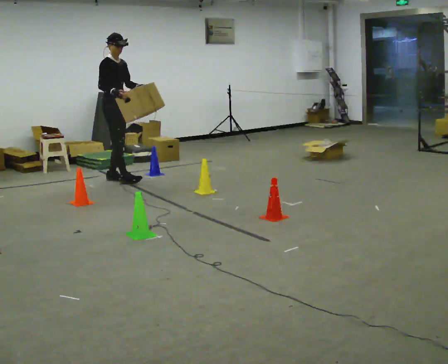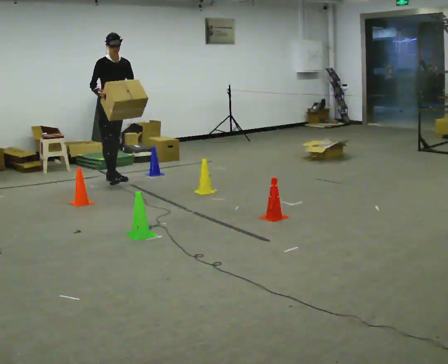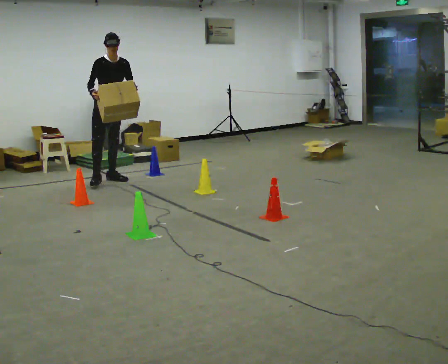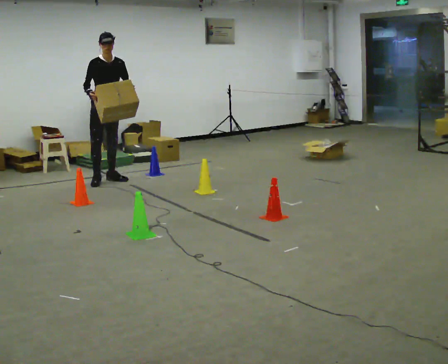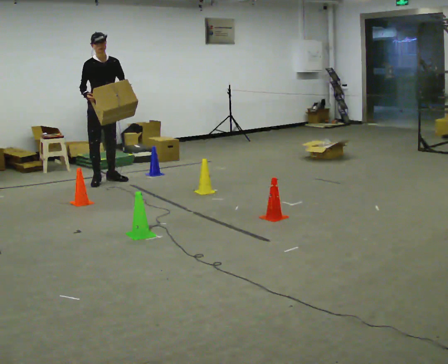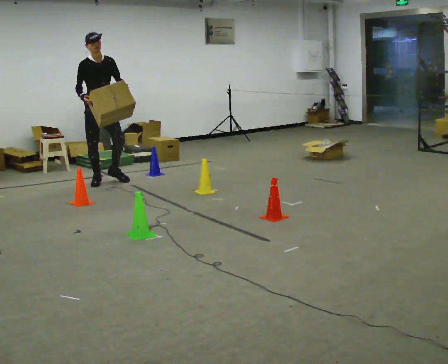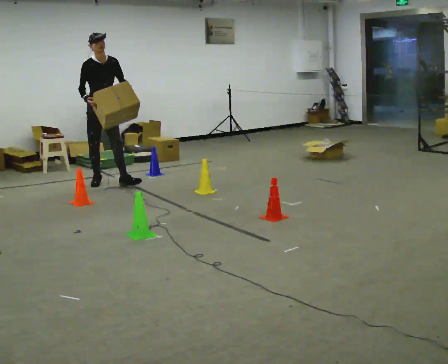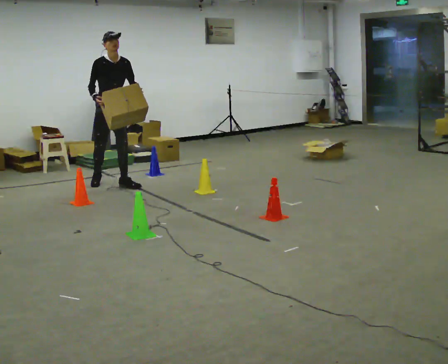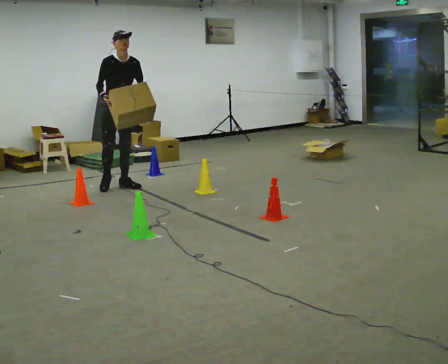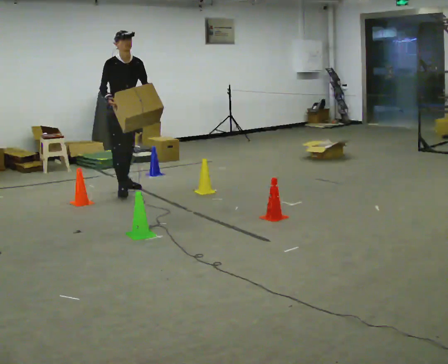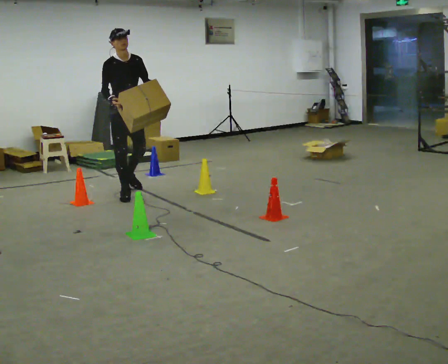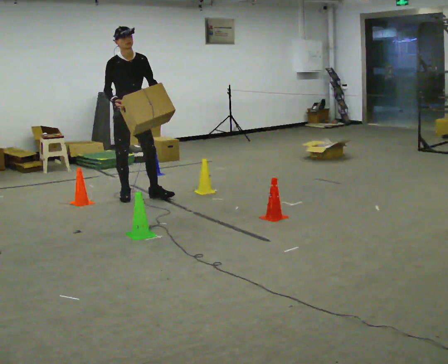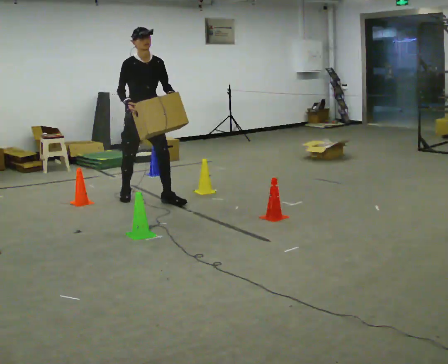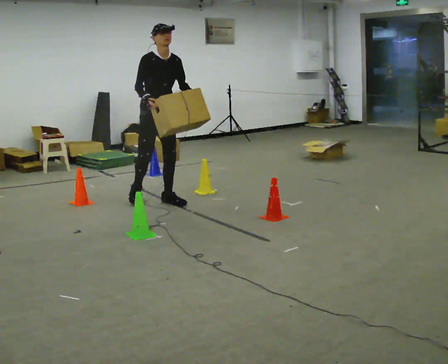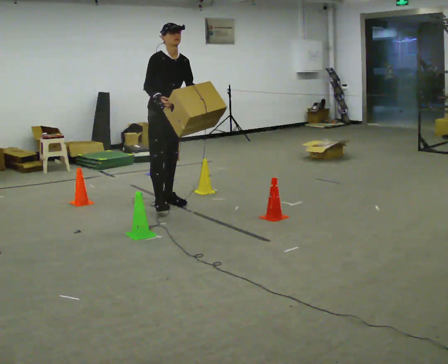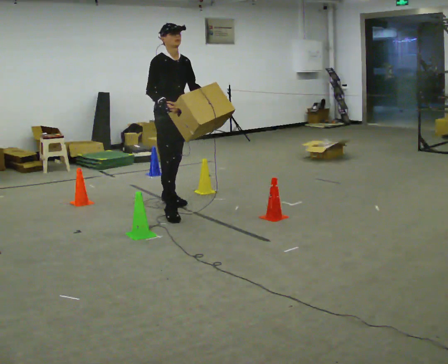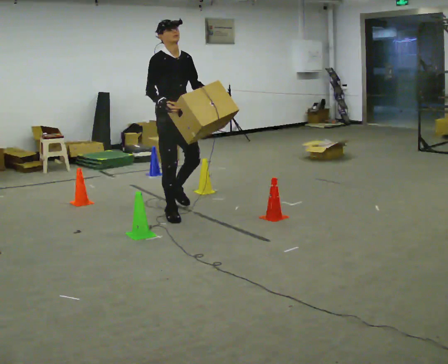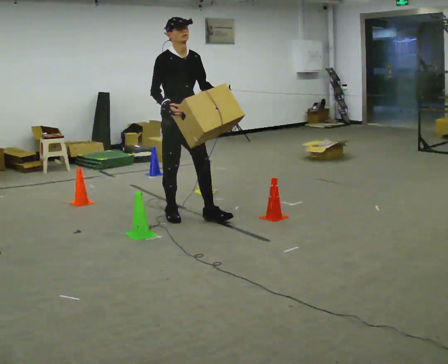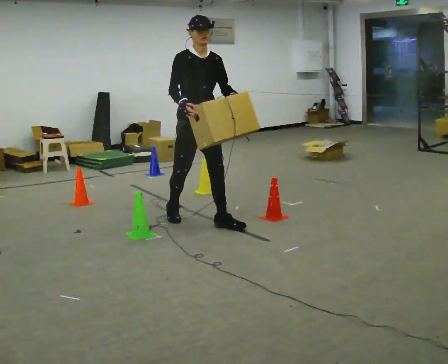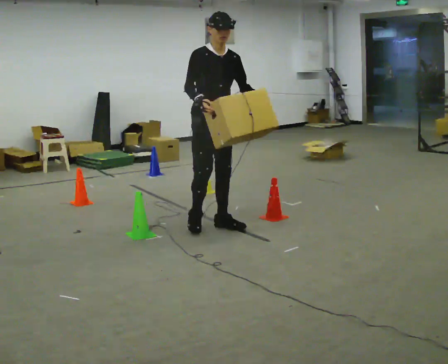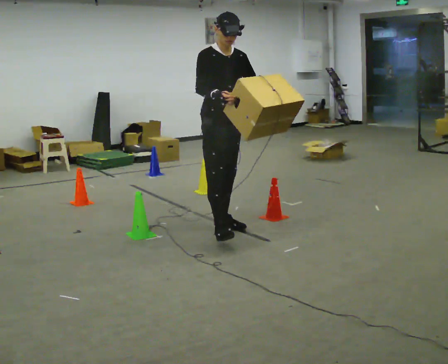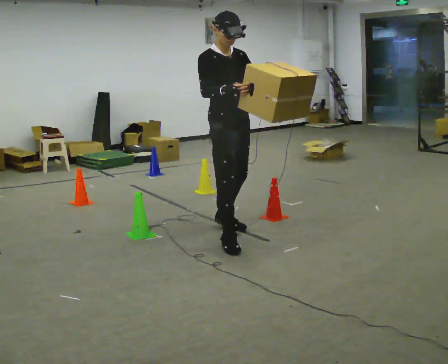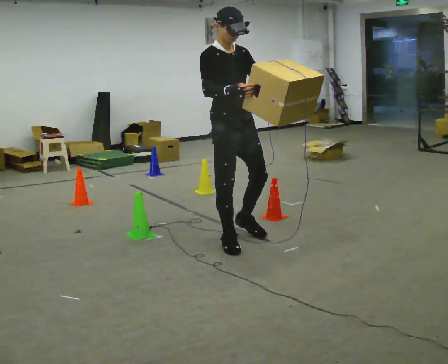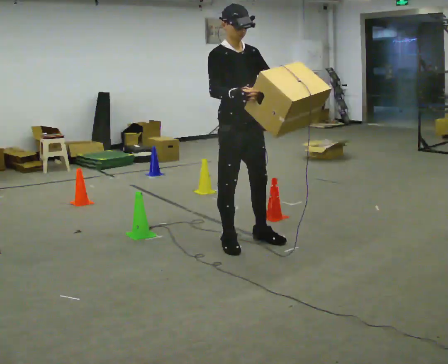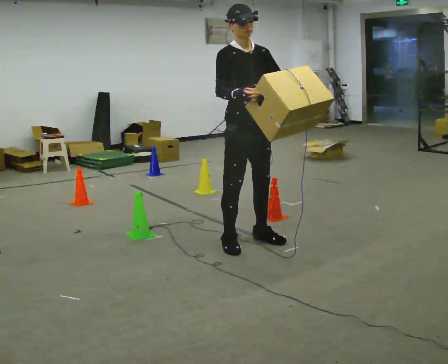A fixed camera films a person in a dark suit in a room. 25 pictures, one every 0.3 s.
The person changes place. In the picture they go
toward the camera.
0.0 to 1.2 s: Seen from above the body turns clockwise, about 30 degrees: to their right, with its near side sliding to the left. In the picture their right hand goes to the left.
1.2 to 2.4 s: In the picture they go toward the camera and to the right, about 0.25 m in 1 step, which for them is forward.
2.4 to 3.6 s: In the picture they go toward the camera and to the right, about 0.75 m in 2 steps, which for them is forward.
3.6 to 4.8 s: In the picture they go toward the camera and to the right, about 0.5 m in 1 step, which for them is forward.
4.8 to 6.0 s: In the picture they go toward the camera and to the right, about 0.5 m in 1 step, which for them is forward.
6.0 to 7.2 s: In the picture they go toward the camera, about 0.5 m in 2 steps, which for them is forward.
The film runs forward here.
